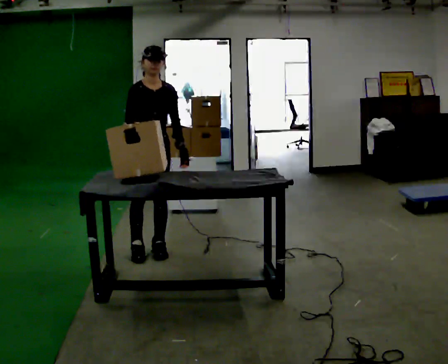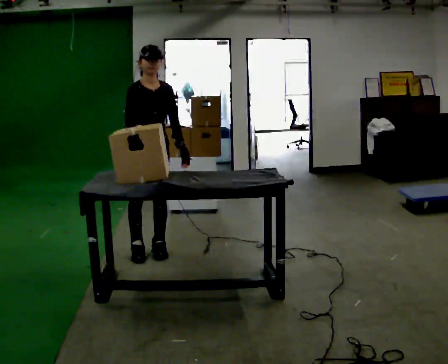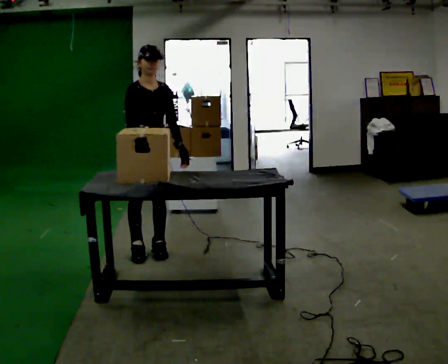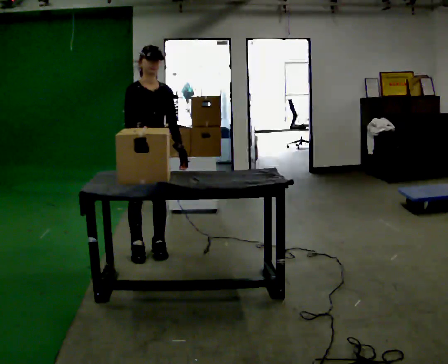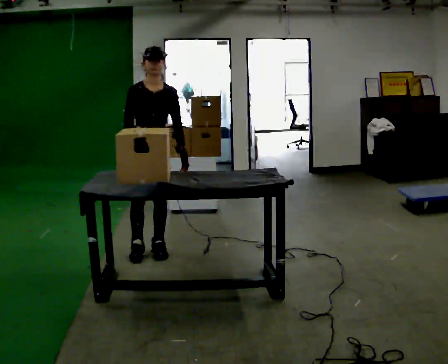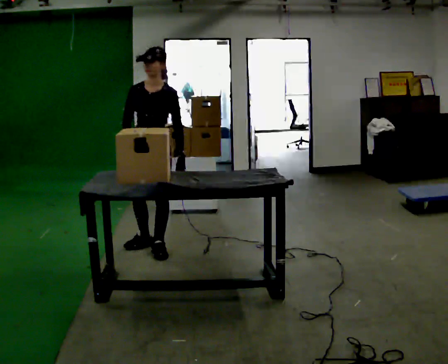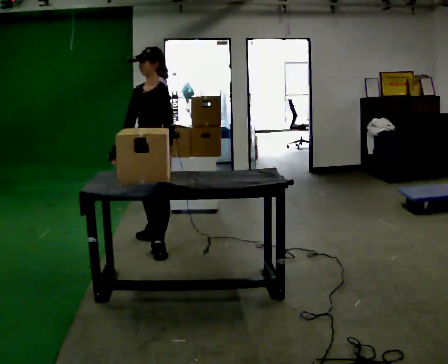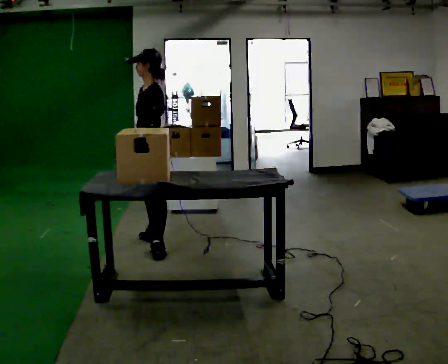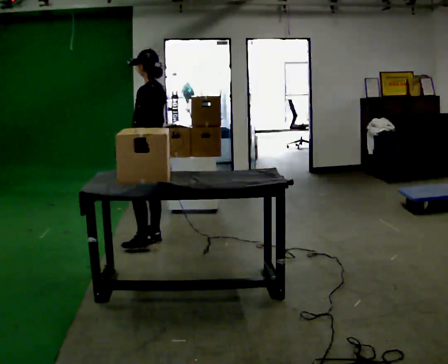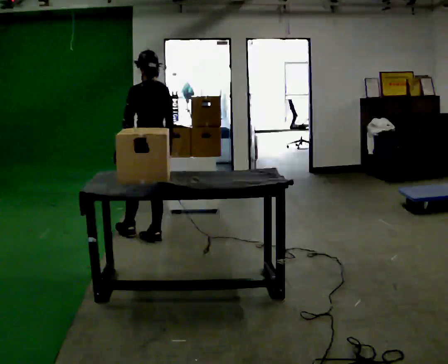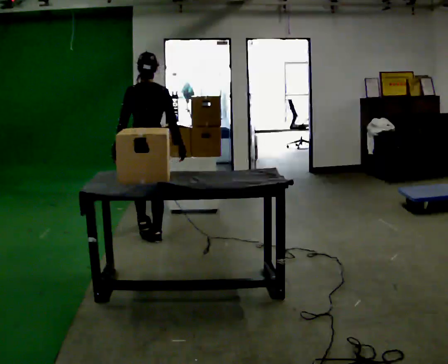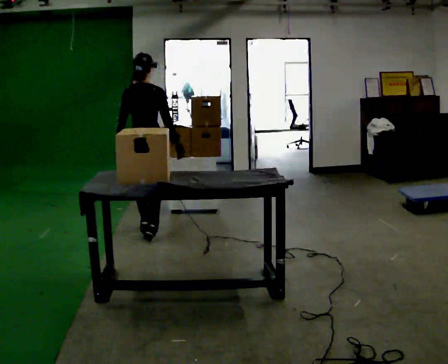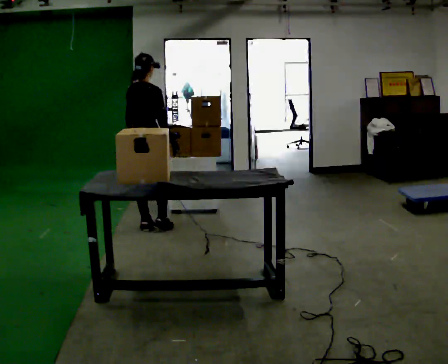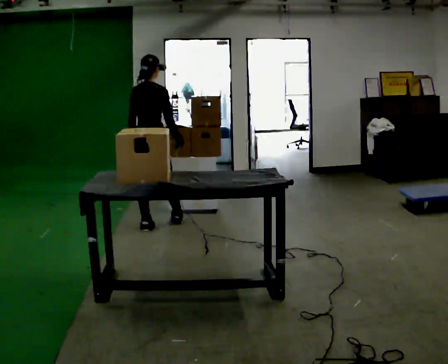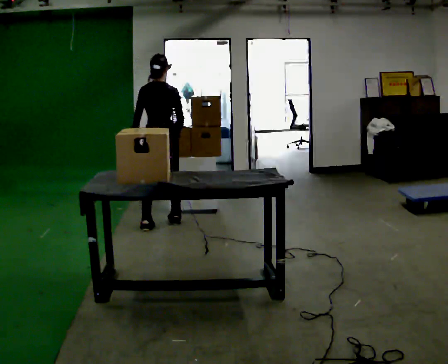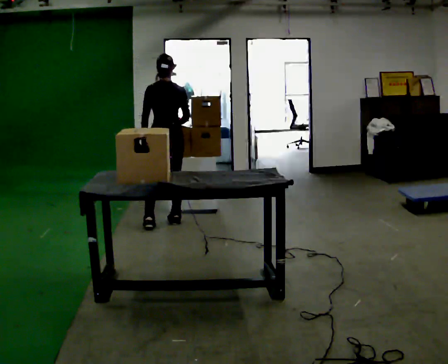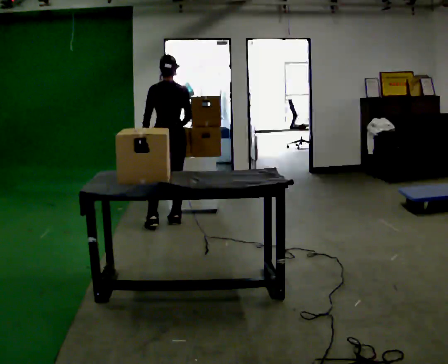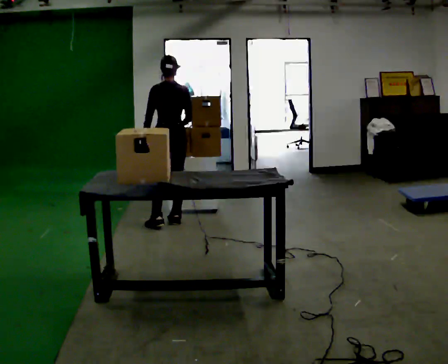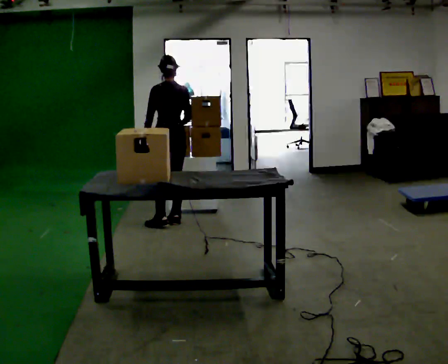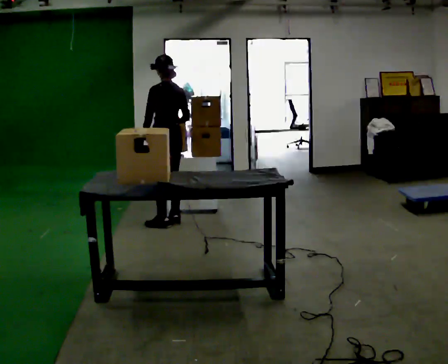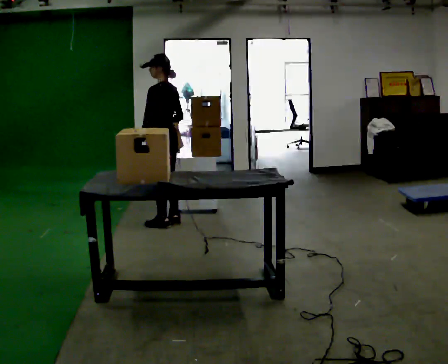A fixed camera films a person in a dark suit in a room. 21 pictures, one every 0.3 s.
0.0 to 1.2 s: The person moves a little, or ends about where they began.
1.2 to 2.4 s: The person turns about 105 degrees to their right, clockwise seen from above, so the part of the body nearest the lens slides to the left. In the picture they go away from the camera, about 0.25 m in 1 step.
2.4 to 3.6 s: The part of the body nearest the lens slides to the left as the person turns to their right by about 105 degrees. In the picture they go away from the camera, about 0.5 m in 1 step.
3.6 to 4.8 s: The person turns about 45 degrees to their left, counterclockwise seen from above, so the part of the body nearest the lens slides to the right. In the picture they go to the right and away from the camera, about 0.25 m in 1 step, which for them is forward and to their right.
4.8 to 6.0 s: Seen from above the body turns counterclockwise, about 45 degrees: to their left, with its near side sliding to the right.
The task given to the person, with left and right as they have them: Move objects one at a time from the waist-height shelf at one end of the room to the waist-height shelf at the other end. Keep going until the operator says stop; one object at a time, and do not rush between trips.
The film runs forward here.
